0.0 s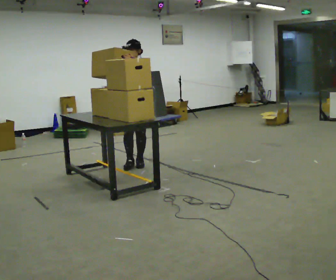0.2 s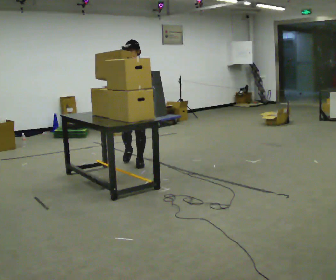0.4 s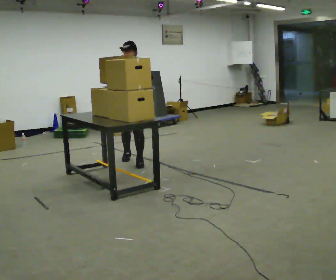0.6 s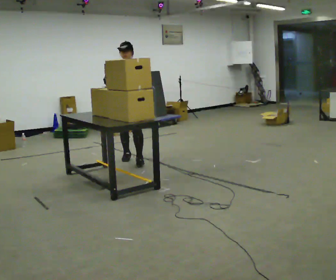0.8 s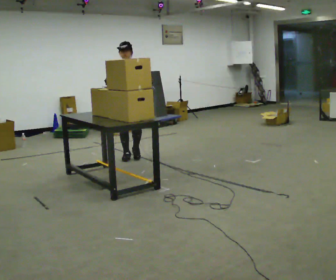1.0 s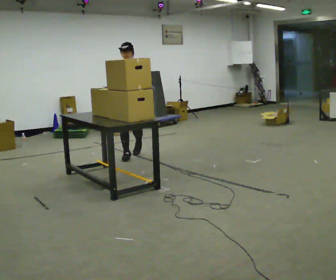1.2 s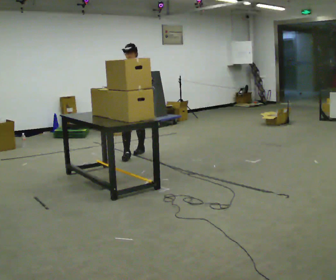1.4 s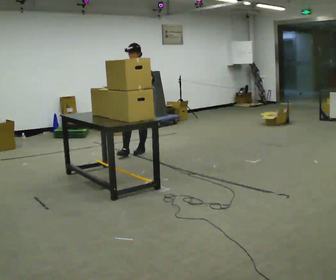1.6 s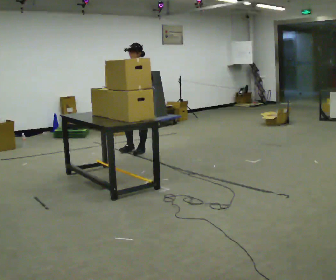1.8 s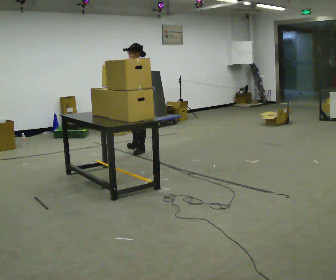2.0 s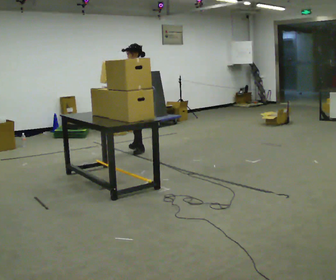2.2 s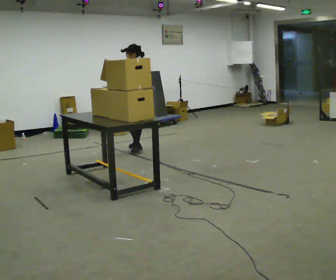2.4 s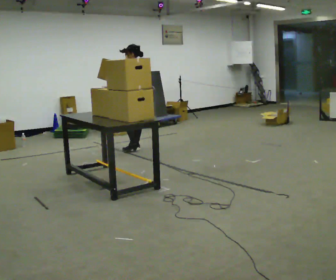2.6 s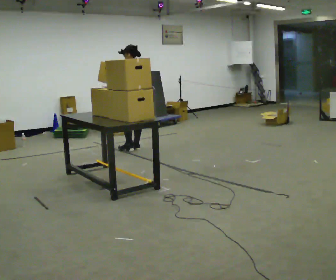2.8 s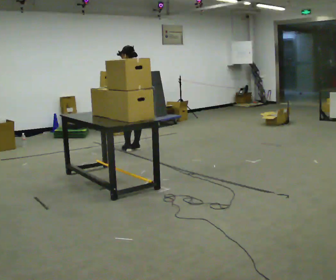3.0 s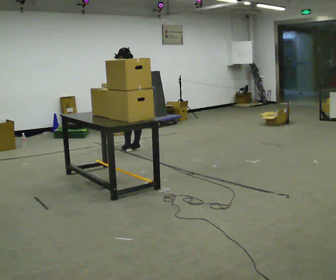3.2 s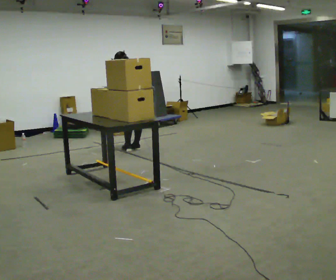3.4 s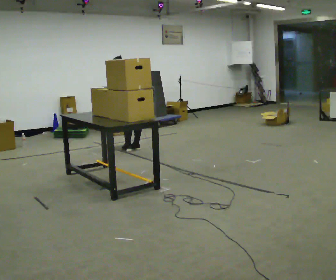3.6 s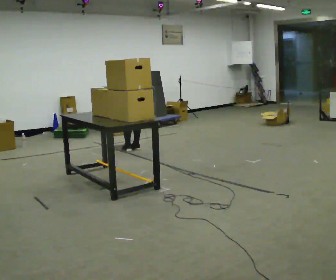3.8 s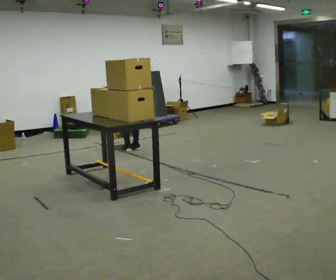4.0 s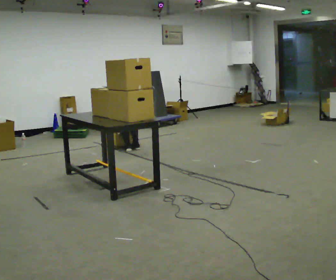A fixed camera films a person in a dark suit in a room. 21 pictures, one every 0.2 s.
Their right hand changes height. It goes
downward.
The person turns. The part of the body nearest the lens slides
to the left.
0.0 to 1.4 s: In the picture they go away from the camera, about 0.75 m in 2 steps, which for them is backward.
1.4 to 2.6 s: The part of the body nearest the lens slides to the left as the person turns to their right by about 90 degrees. In the picture they go away from the camera, about 0.25 m.
2.6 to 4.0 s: The shoulders move downward. The upper body tips away from the camera, its near side rolling upward, as they bend forward. In the picture their right hand goes downward.
The film runs backward here.
